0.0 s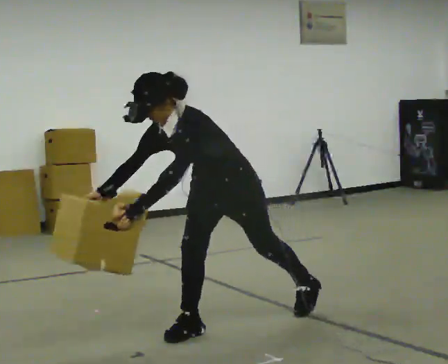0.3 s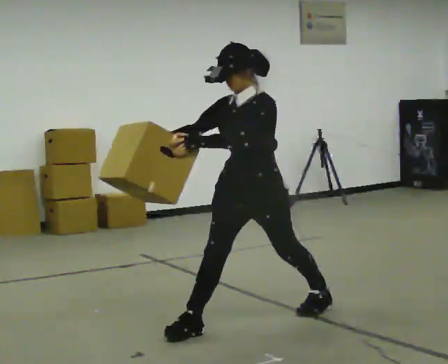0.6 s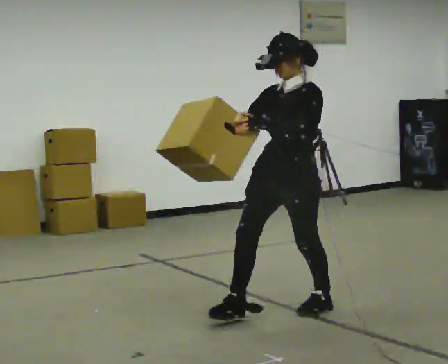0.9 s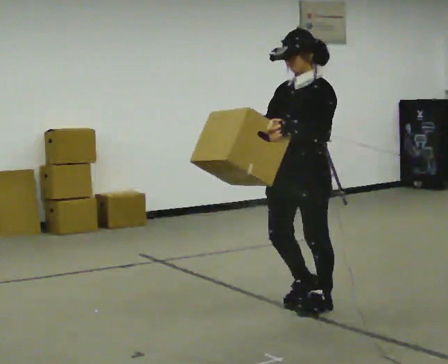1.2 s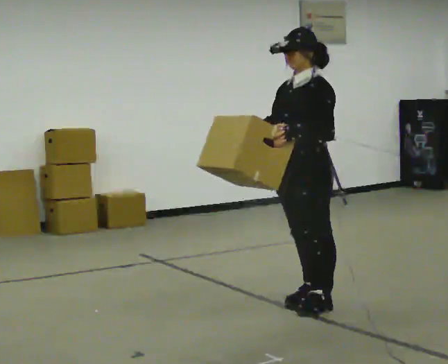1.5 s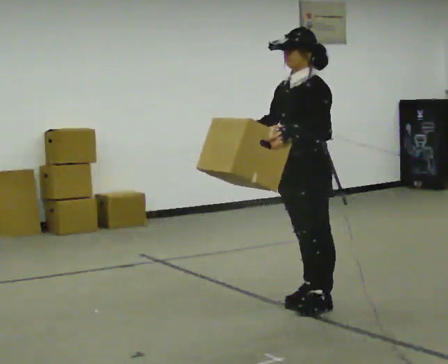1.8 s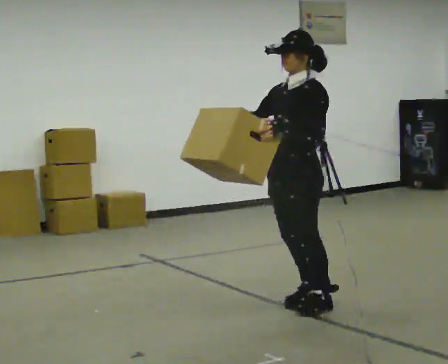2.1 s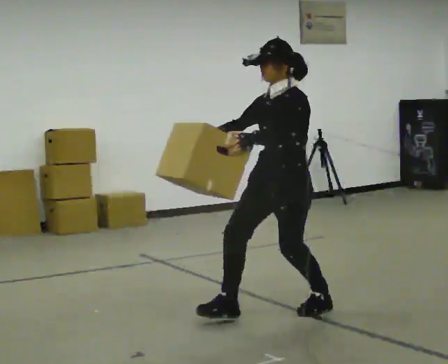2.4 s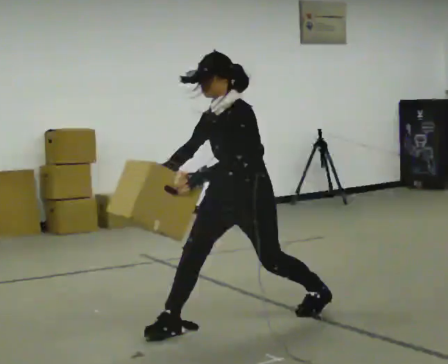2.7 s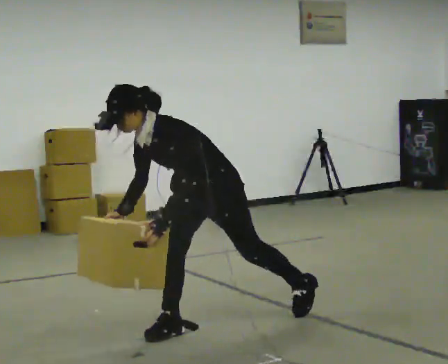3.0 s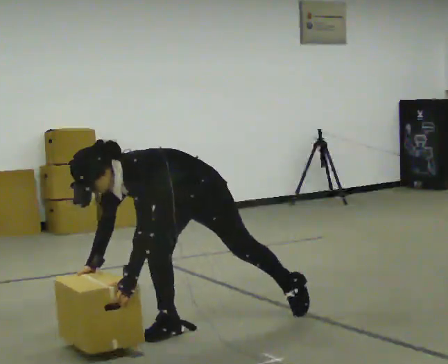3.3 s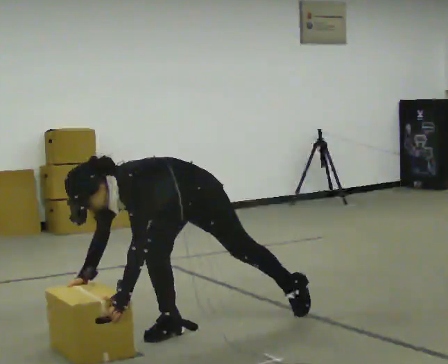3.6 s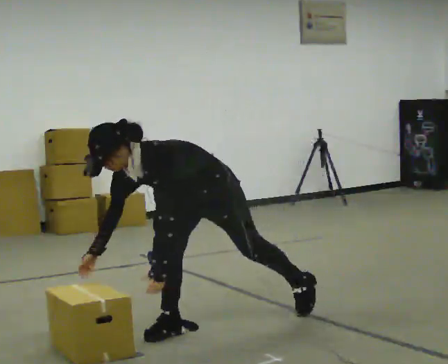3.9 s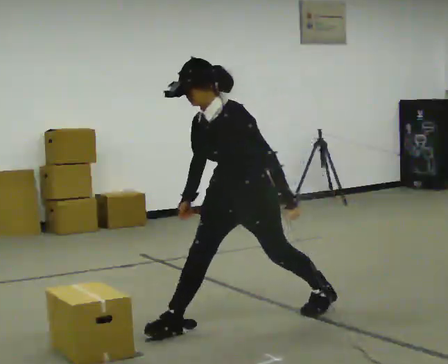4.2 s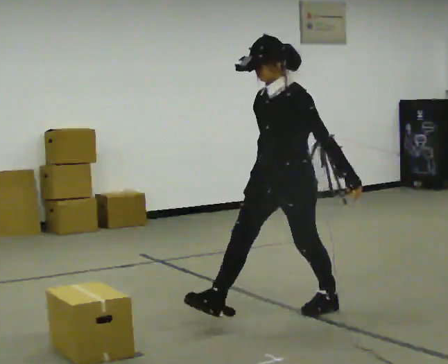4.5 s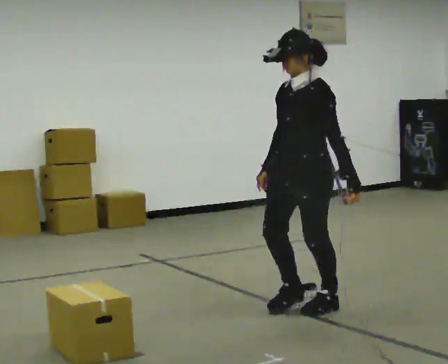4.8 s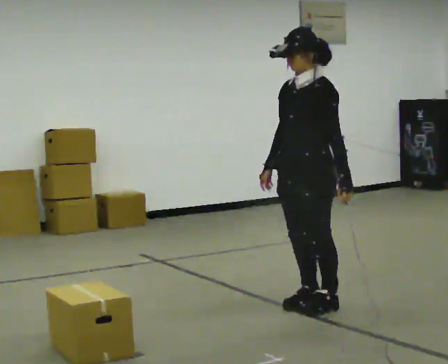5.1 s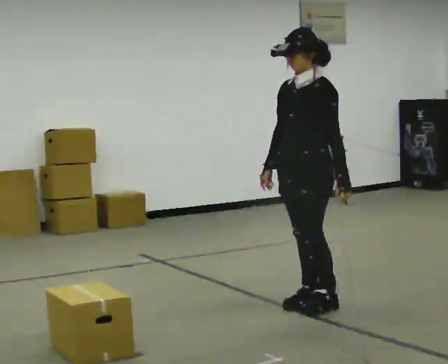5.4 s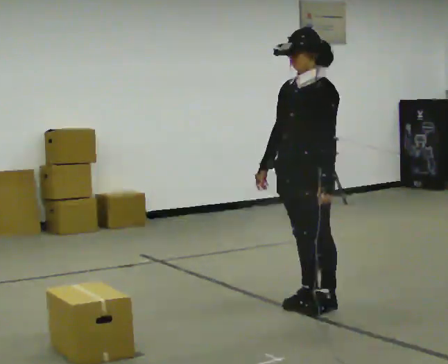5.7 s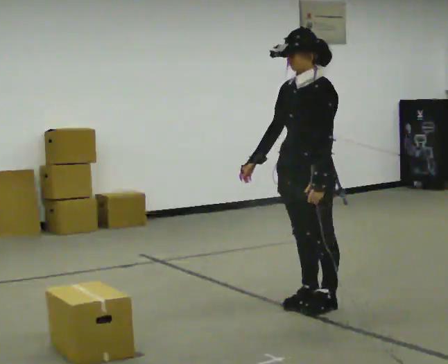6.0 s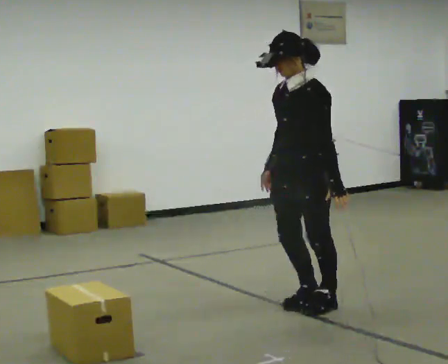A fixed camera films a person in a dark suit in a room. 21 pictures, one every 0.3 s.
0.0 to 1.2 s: In the picture they go to the right and away from the camera, about 0.5 m in 1 step, which for them is backward. The shoulders move upward. In the picture the upper body tilts clockwise, shoulders to the right, as they lean back or straighten. In the picture their left hand goes upward.
1.2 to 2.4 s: In the picture they go to the left and toward the camera, about 0.5 m in 2 steps, which for them is forward.
2.4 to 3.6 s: In the picture they go to the left, about 0.25 m in 1 step, which for them is forward. In the picture the upper body tilts counterclockwise, shoulders to the left, as they bend forward. In the picture their left hand goes downward.
3.6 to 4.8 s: In the picture they go to the right and away from the camera, about 0.75 m in 1 step, which for them is backward. The shoulders move upward. In the picture the upper body tilts clockwise, shoulders to the right, as they lean back or straighten. In the picture their right hand goes upward.
4.8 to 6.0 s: The person moves a little, or ends about where they began.
The film runs backward here.
